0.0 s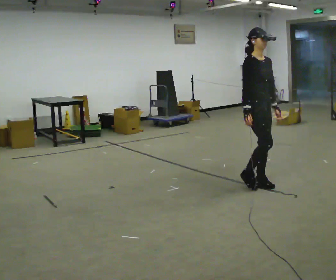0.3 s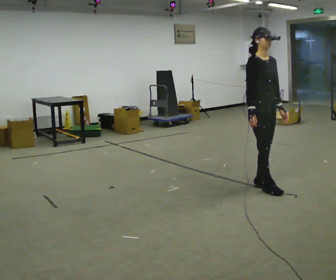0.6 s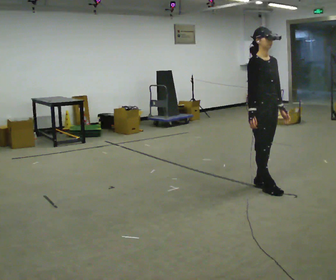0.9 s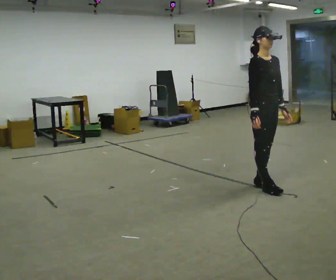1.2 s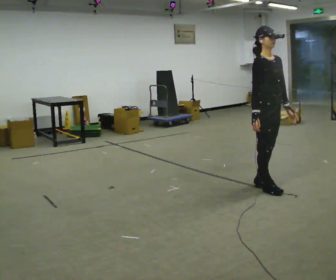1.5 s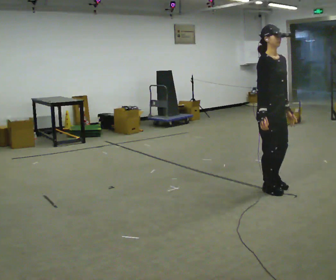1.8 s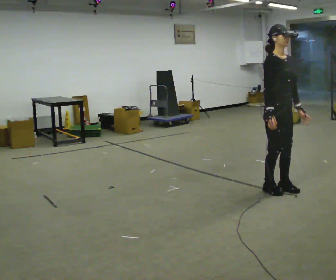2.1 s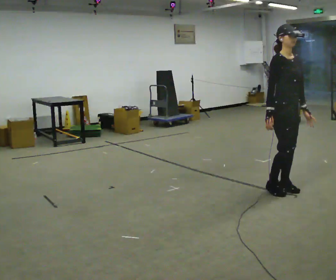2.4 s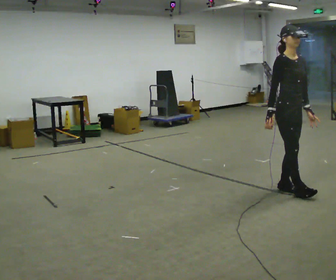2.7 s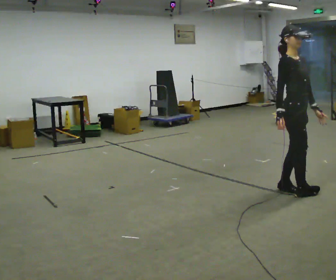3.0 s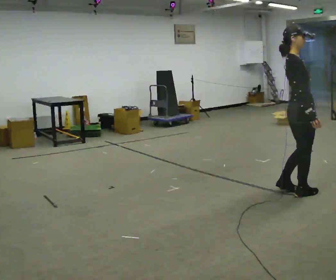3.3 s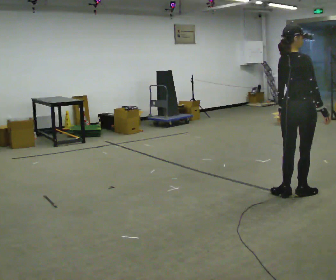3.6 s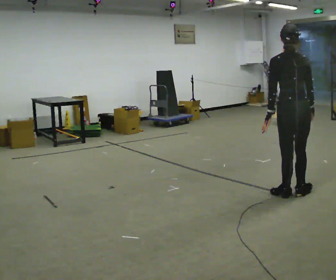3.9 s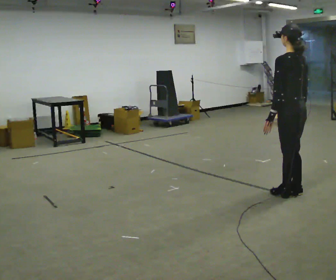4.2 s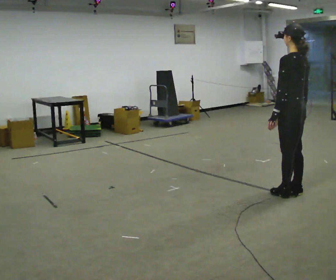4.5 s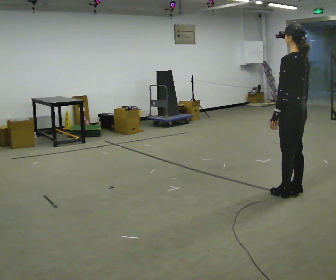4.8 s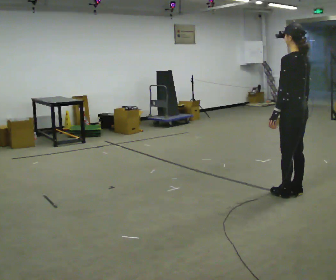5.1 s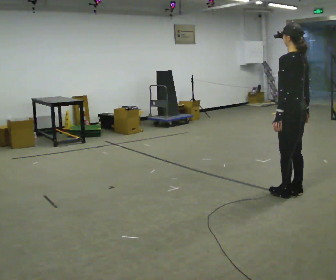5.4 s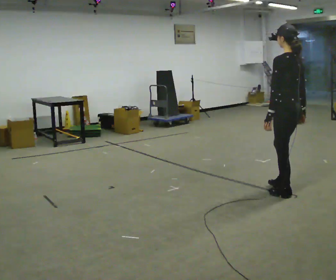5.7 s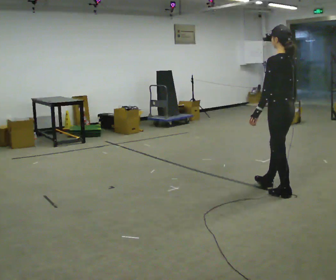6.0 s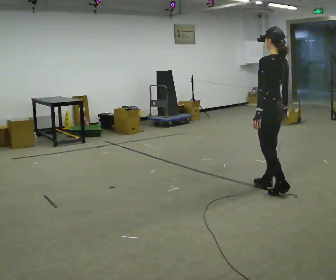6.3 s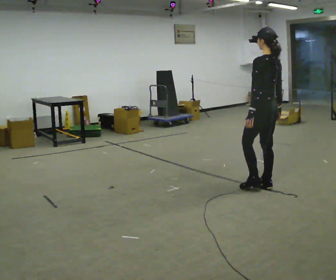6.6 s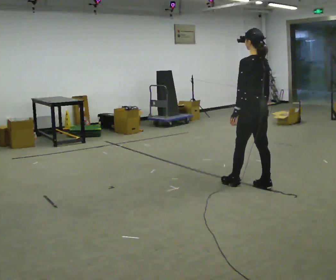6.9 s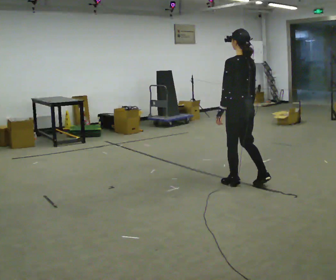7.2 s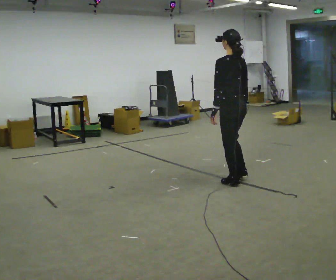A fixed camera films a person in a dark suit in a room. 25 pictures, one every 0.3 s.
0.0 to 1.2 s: The person moves a little, or ends about where they began.
1.2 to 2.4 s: In the picture they go to the right, about 0.25 m in 2 steps, which for them is forward.
2.4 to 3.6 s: The part of the body nearest the lens slides to the right as the person turns to their left by about 135 degrees. In the picture they go toward the camera, about 0.25 m in 1 step. In the picture their right hand goes to the right.
3.6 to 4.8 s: The person turns about 45 degrees to their left, counterclockwise seen from above, so the part of the body nearest the lens slides to the right.
4.8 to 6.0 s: In the picture they go to the left and away from the camera, about 0.25 m in 2 steps, which for them is forward.
6.0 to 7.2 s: In the picture they go to the left and away from the camera, about 0.5 m in 1 step, which for them is forward.
The film runs backward here.
